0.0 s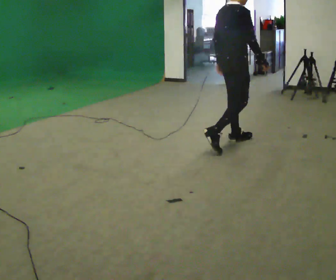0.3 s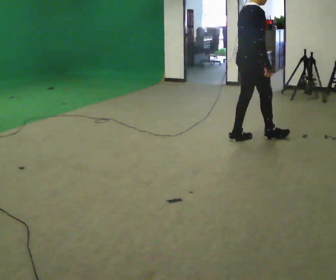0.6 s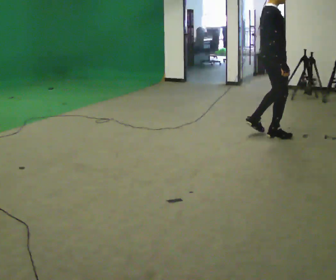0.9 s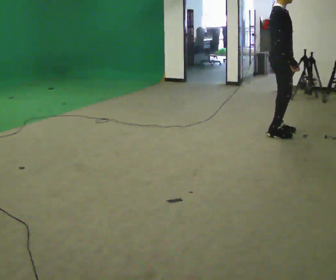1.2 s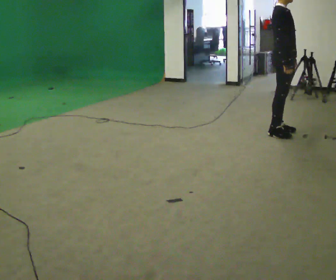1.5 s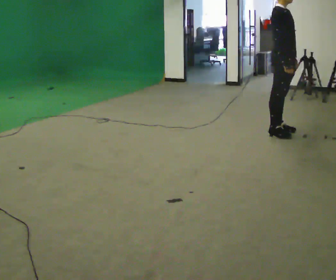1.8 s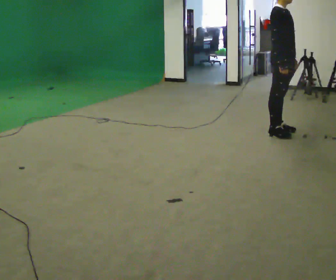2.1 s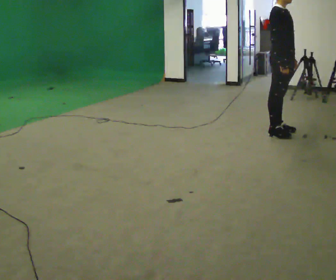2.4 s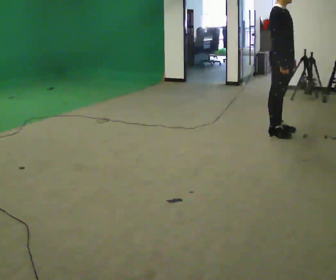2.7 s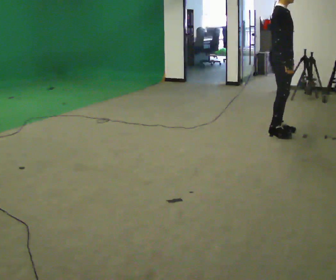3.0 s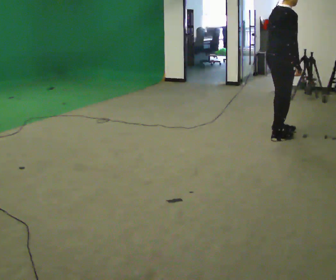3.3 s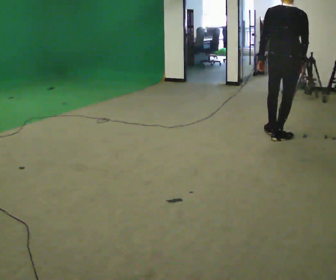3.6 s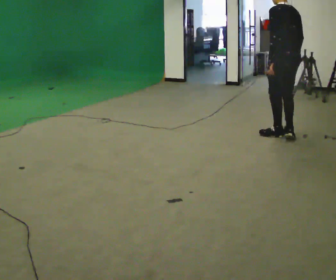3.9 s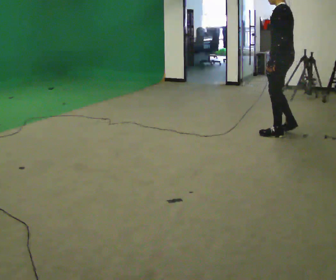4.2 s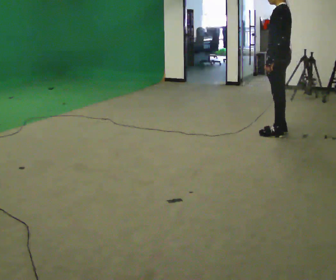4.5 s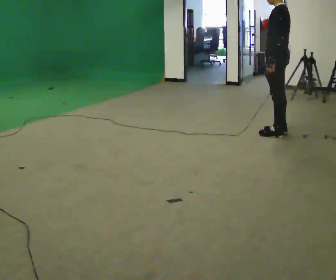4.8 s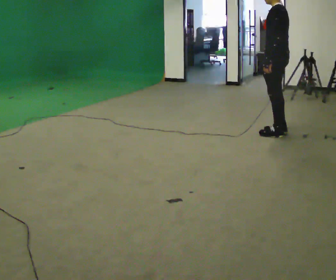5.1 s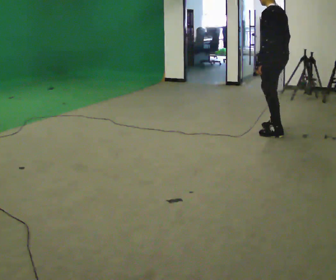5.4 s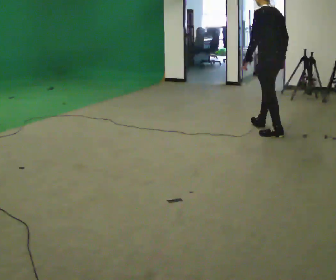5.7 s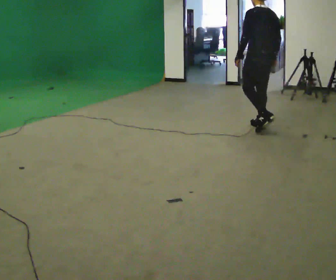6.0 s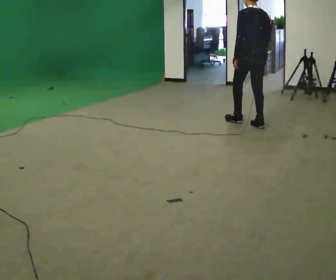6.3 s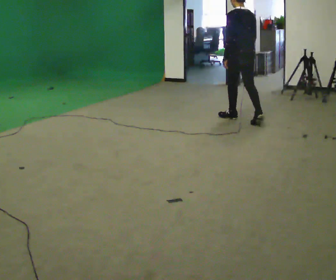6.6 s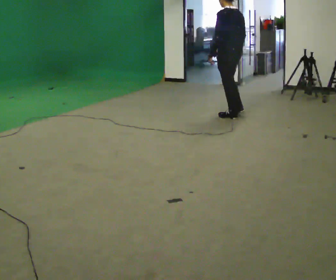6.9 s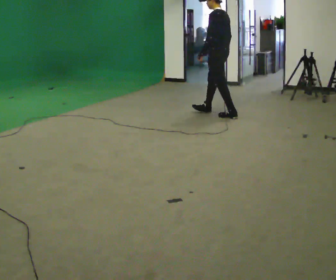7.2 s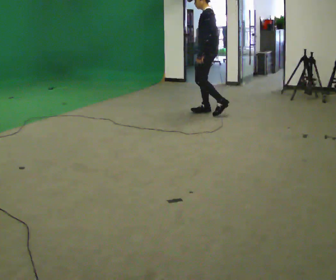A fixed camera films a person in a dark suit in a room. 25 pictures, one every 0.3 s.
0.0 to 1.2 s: The person turns about 45 degrees to their right, clockwise seen from above, so the part of the body nearest the lens slides to the left. In the picture they go to the right and away from the camera, about 0.75 m in 2 steps, which for them is forward and to their left.
1.2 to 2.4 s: The person moves a little, or ends about where they began.
2.4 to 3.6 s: Seen from above the body turns counterclockwise, about 150 degrees: to their left, with its near side sliding to the right.
3.6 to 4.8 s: The person turns about 30 degrees to their left, counterclockwise seen from above, so the part of the body nearest the lens slides to the right.
4.8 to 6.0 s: The person turns about 45 degrees to their right, clockwise seen from above, so the part of the body nearest the lens slides to the left. In the picture they go away from the camera and to the left, about 0.5 m in 1 step, which for them is forward.
6.0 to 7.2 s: The part of the body nearest the lens slides to the right as the person turns to their left by about 60 degrees. In the picture they go to the left and away from the camera, about 1 m in 2 steps.
The film runs forward here.
